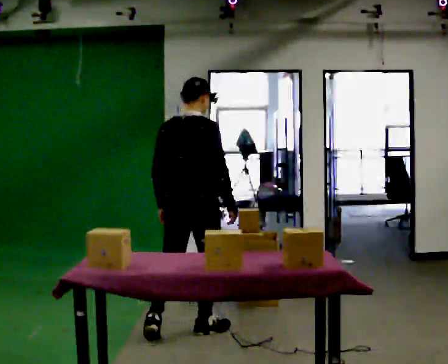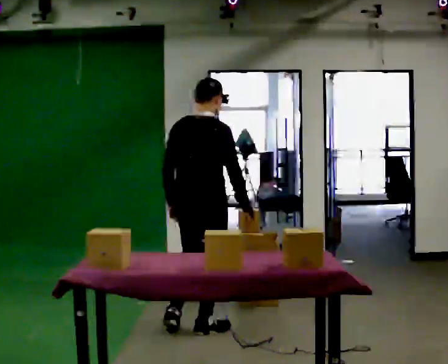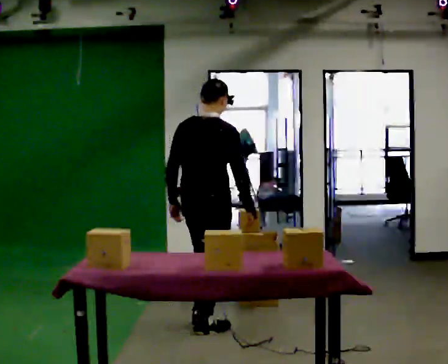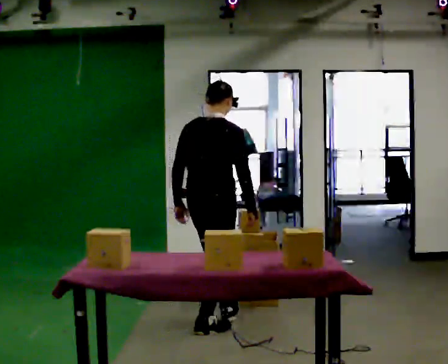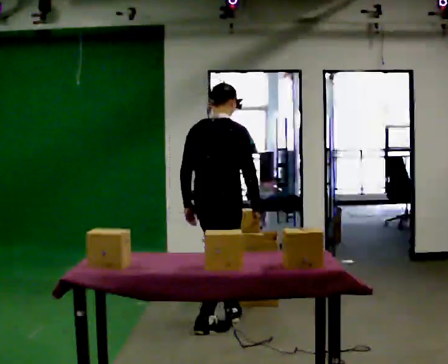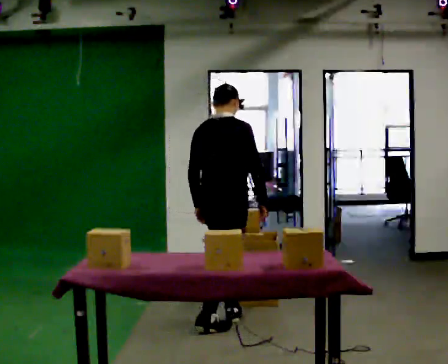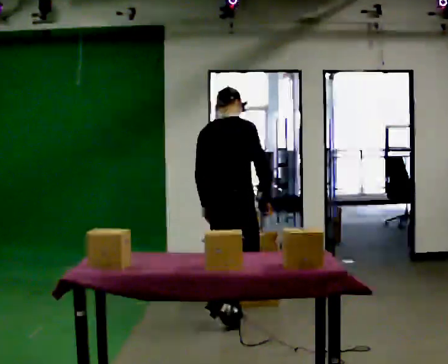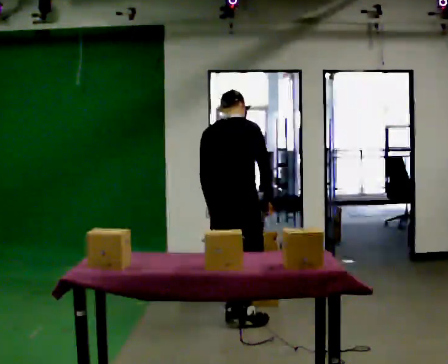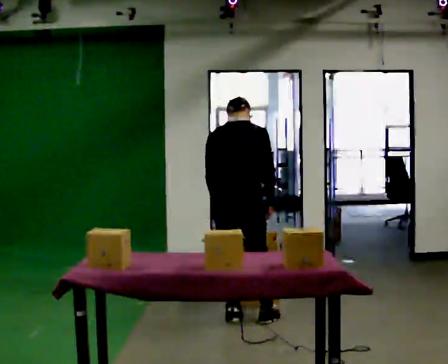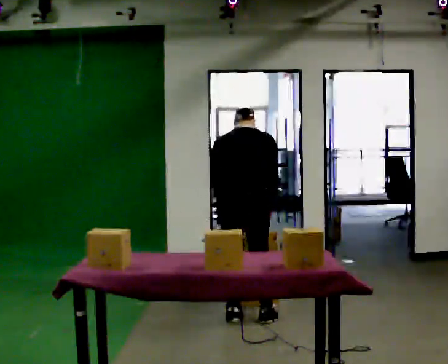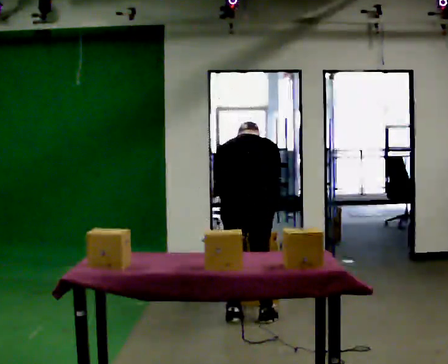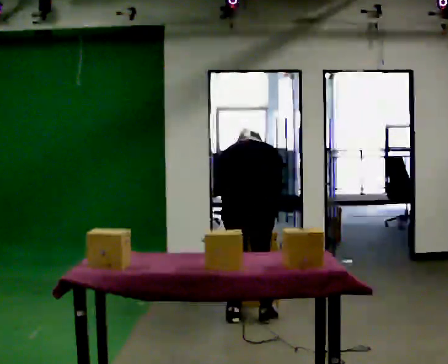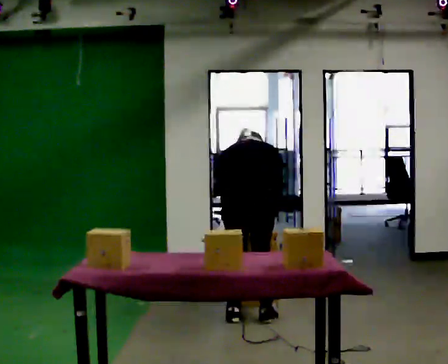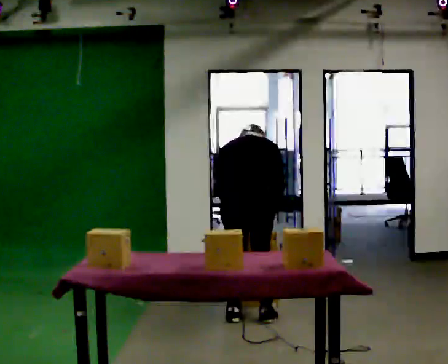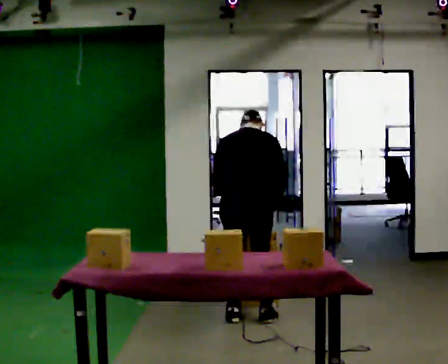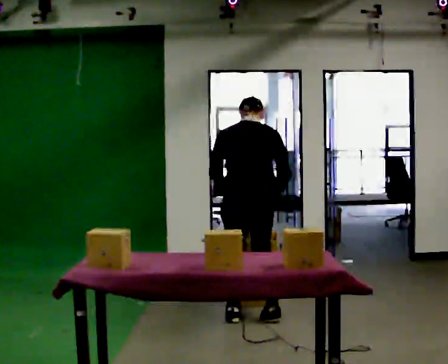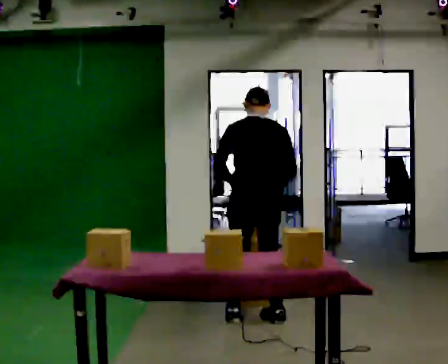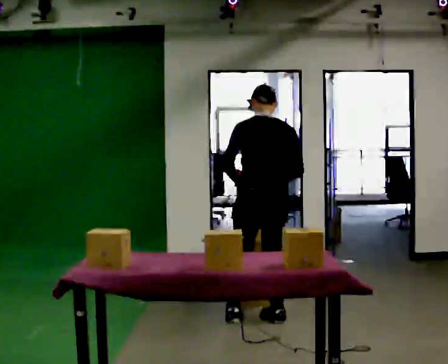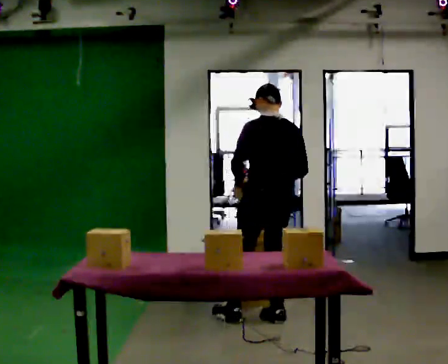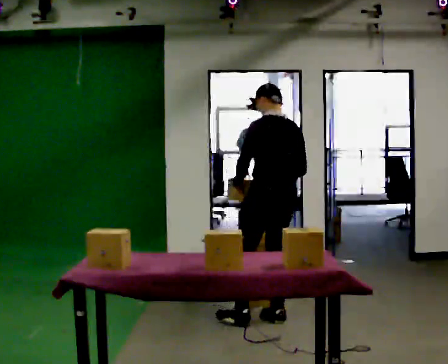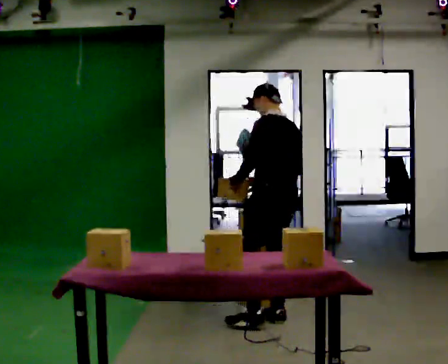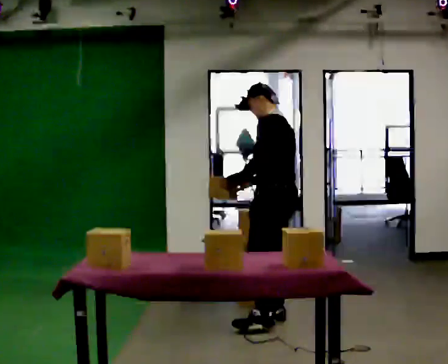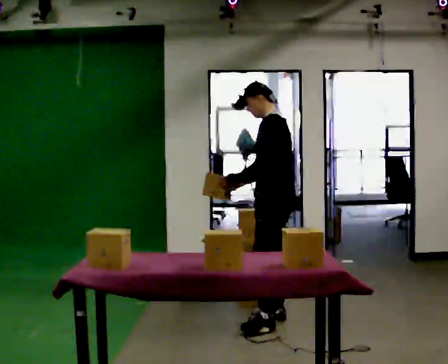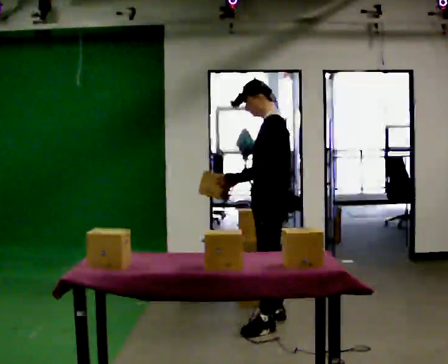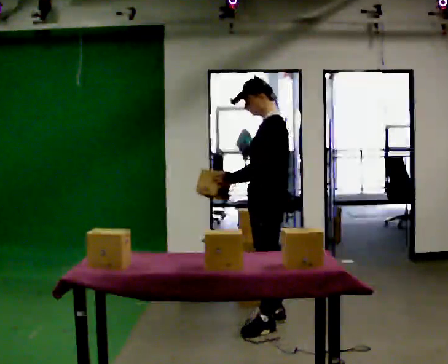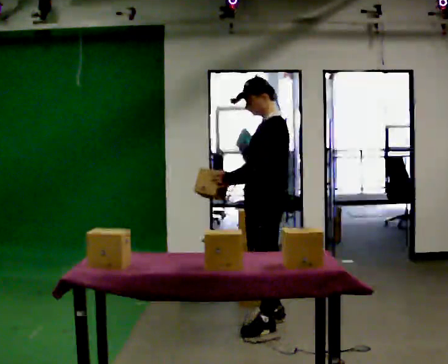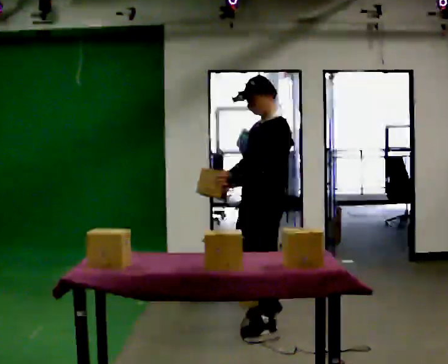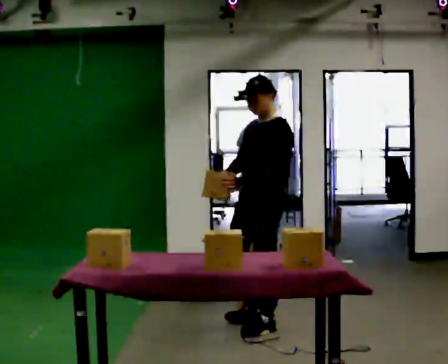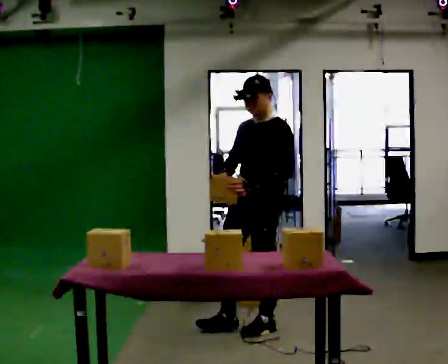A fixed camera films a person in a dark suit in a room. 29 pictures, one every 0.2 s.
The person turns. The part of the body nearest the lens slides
to the right.
The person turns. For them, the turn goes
to their left.
0.0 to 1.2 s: In the picture they go away from the camera and to the right, about 0.5 m in 1 step, which for them is forward.
1.2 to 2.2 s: Seen from above the body turns counterclockwise, about 30 degrees: to their left, with its near side sliding to the right. In the picture they go to the right, about 0.25 m in 1 step, which for them is to their right. The shoulders move downward. The upper body tips away from the camera, its near side rolling upward, as they bend forward.
2.2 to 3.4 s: The shoulders move upward. The upper body tips toward the camera, its near side rolling downward, as they lean back or straighten.
3.4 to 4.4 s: The person turns about 60 degrees to their left, counterclockwise seen from above, so the part of the body nearest the lens slides to the right.
4.4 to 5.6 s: The person turns about 45 degrees to their left, counterclockwise seen from above, so the part of the body nearest the lens slides to the right. In the picture they go toward the camera, about 0.25 m, which for them is to their left and forward.
The film runs forward here.
